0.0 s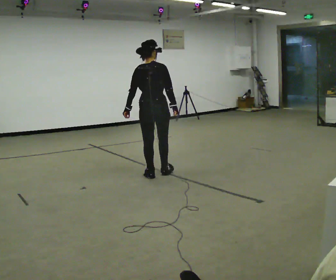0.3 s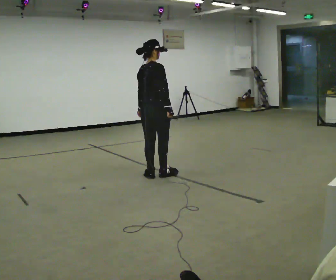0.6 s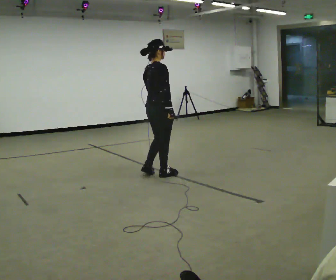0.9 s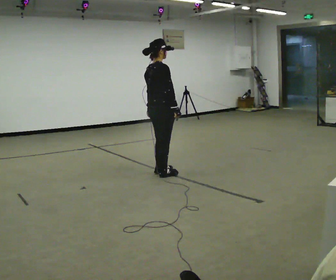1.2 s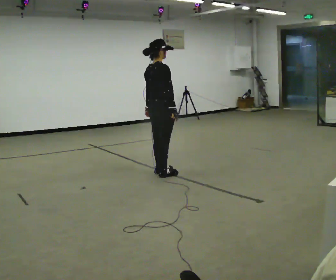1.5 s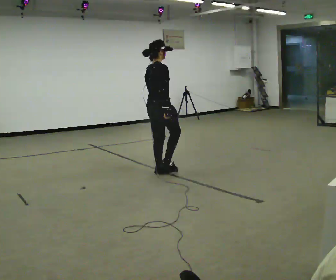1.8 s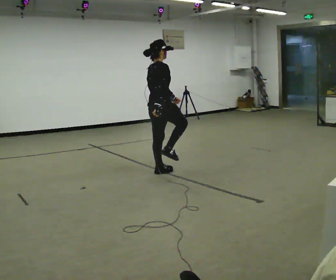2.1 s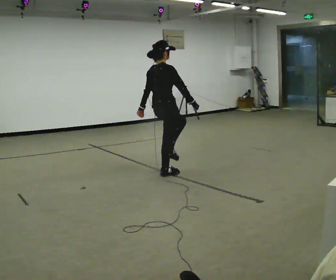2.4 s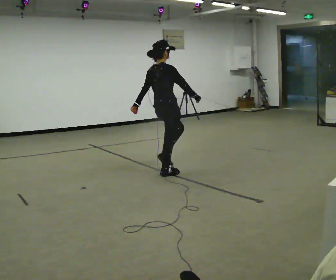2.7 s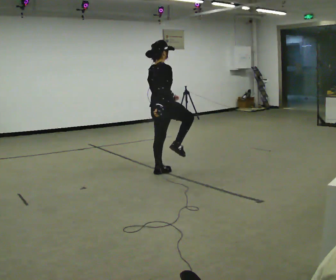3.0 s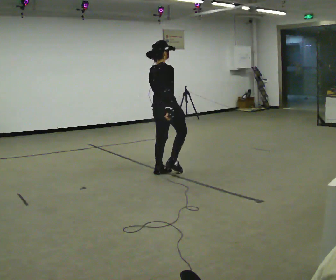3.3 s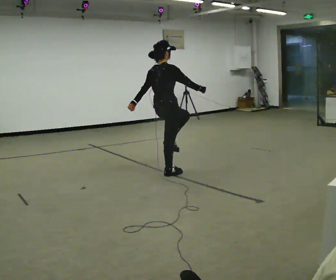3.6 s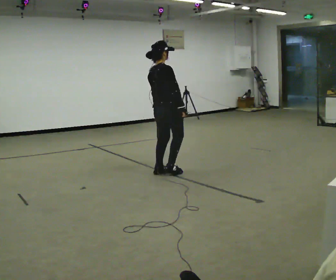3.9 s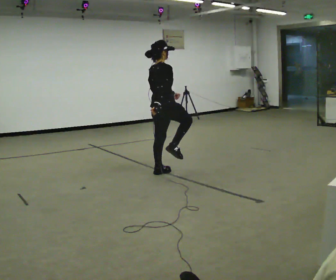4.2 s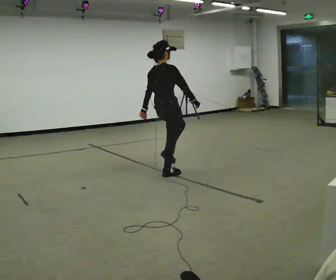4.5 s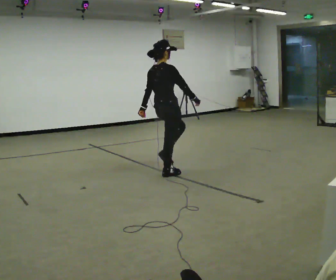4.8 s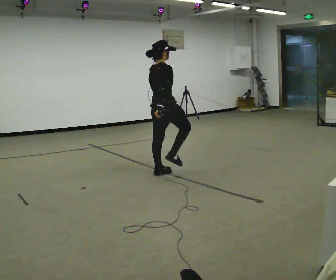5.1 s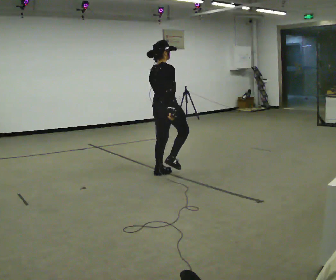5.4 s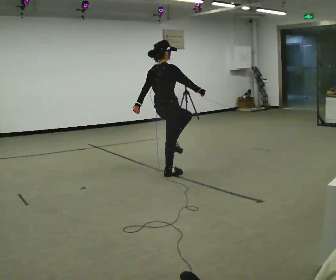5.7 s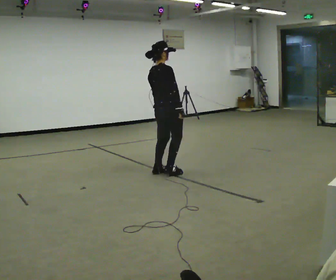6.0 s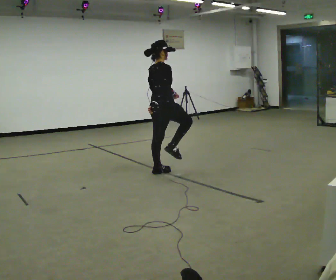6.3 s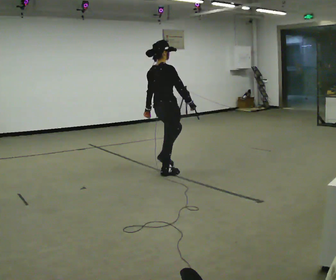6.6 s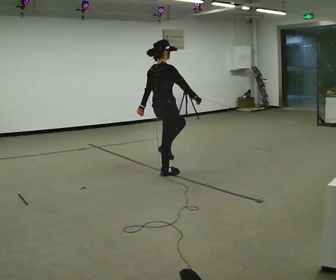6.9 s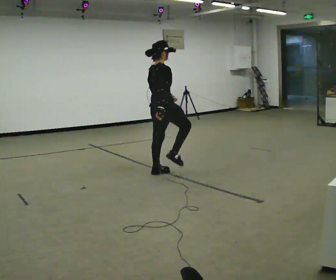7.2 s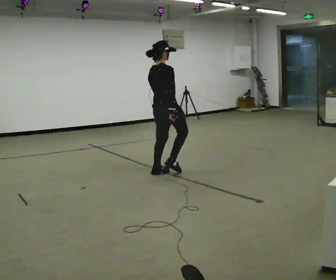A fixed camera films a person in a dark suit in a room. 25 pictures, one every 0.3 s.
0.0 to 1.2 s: Seen from above the body turns clockwise, about 30 degrees: to their right, with its near side sliding to the left.
1.2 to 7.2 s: The person moves a little, or ends about where they began.
The film runs forward here.
